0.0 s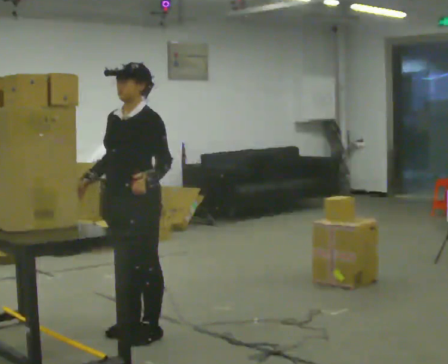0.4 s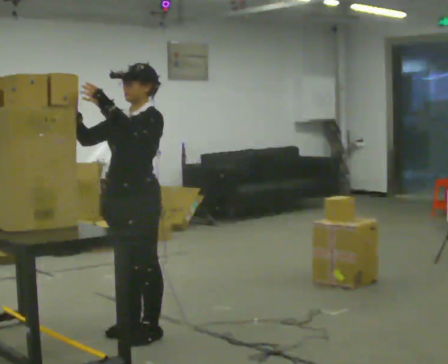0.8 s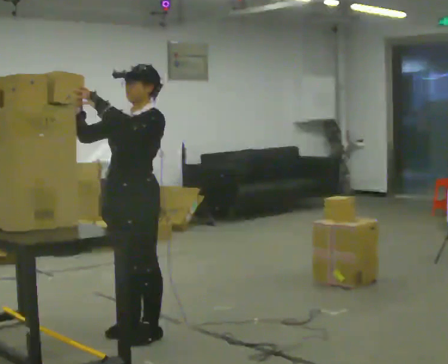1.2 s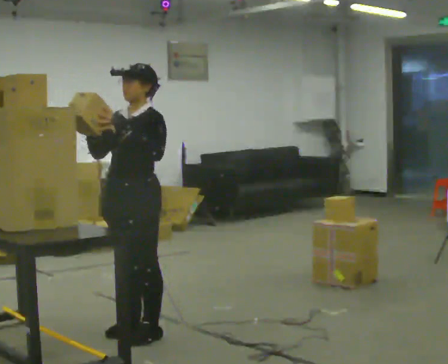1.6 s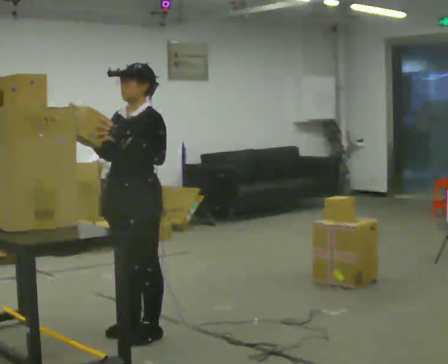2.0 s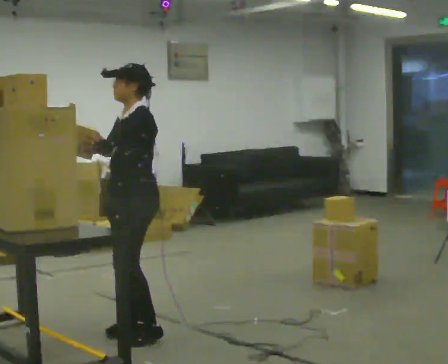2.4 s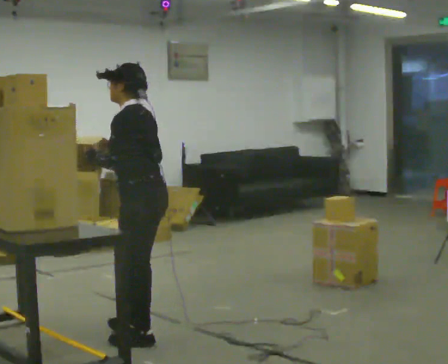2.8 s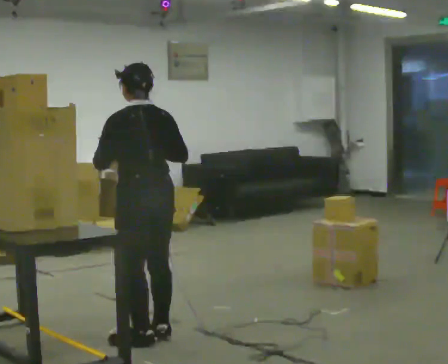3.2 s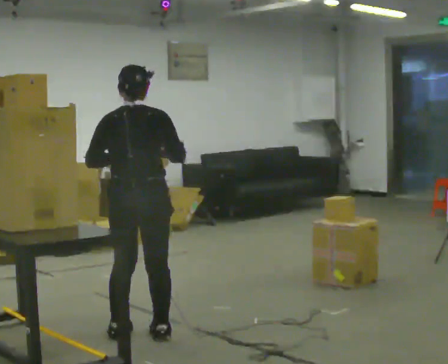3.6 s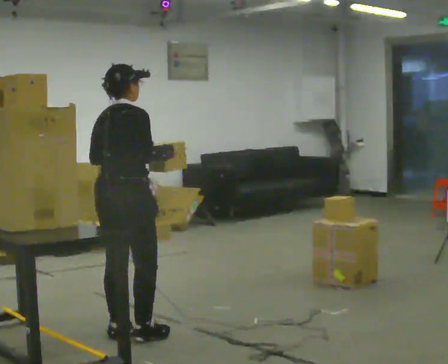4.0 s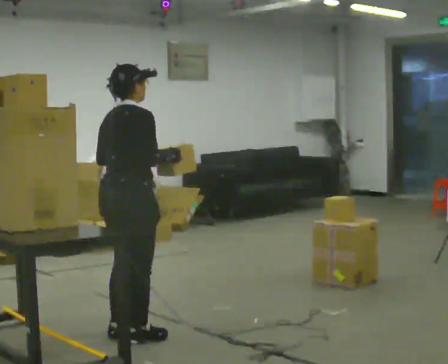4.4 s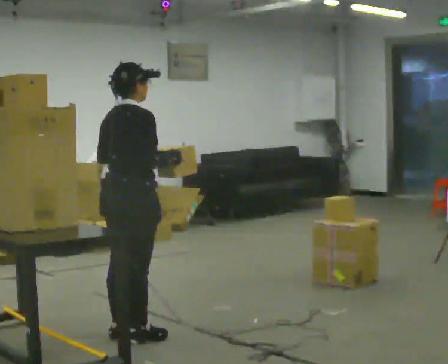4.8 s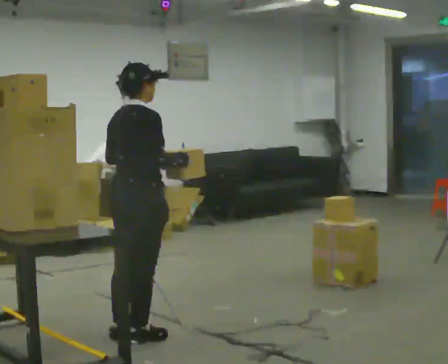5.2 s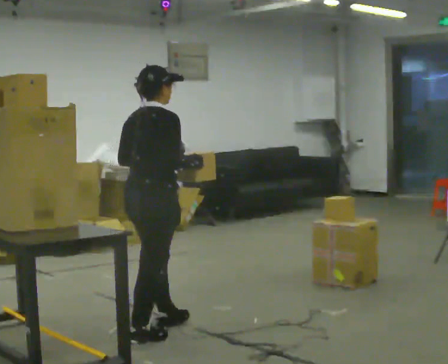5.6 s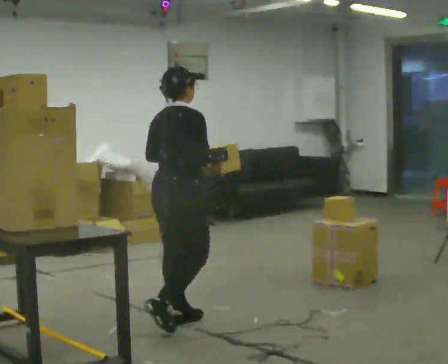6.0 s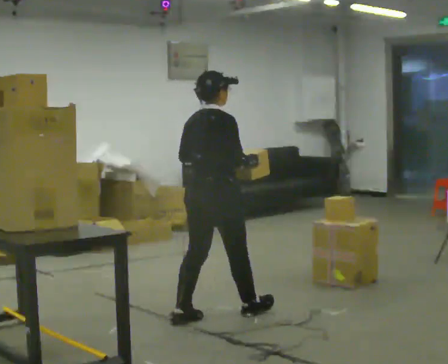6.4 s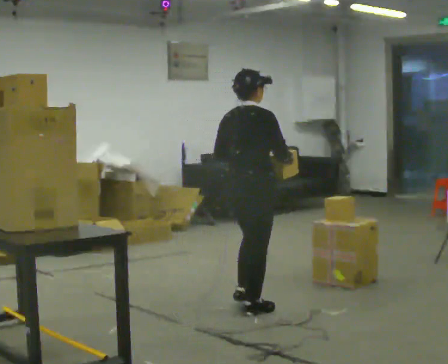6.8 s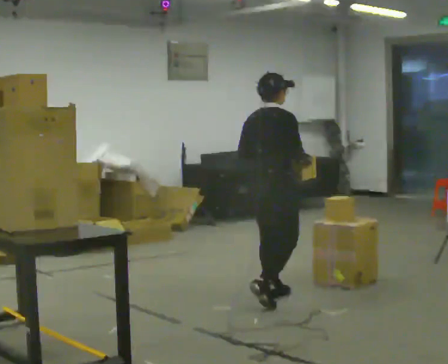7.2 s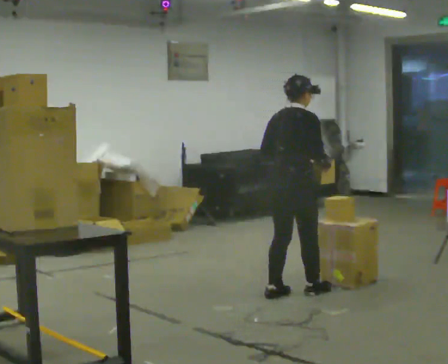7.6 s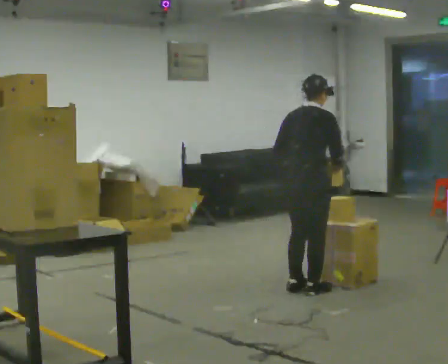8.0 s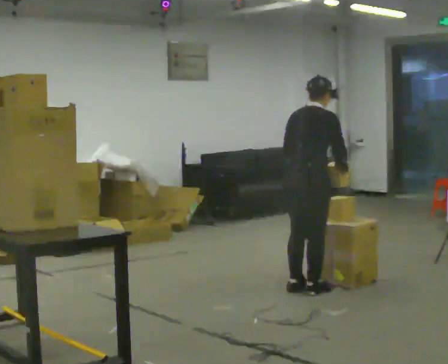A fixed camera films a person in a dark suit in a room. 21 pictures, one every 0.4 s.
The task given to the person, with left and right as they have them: Take an object down from the highest shelf you can comfortably reach, carry it across, and place it on the waist-height shelf. Keep going until the operator says stop; one object at a time, and do not rush between trips.
0.0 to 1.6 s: The person moves a little, or ends about where they began.
1.6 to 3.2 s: Seen from above the body turns clockwise, about 135 degrees: to their right, with its near side sliding to the left. In the picture their right hand goes to the right.
3.2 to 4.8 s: The part of the body nearest the lens slides to the left as the person turns to their right by about 45 degrees.
4.8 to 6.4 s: In the picture they go to the right and away from the camera, about 1 m in 2 steps, which for them is forward.
6.4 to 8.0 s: In the picture they go to the right and away from the camera, about 0.75 m in 3 steps, which for them is forward.
The film runs forward here.
